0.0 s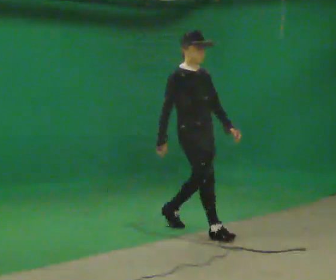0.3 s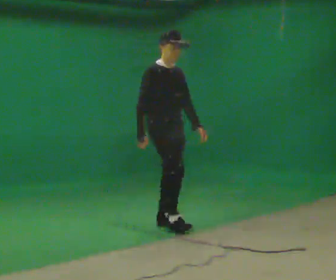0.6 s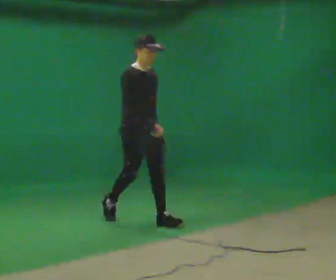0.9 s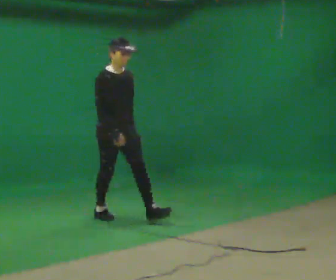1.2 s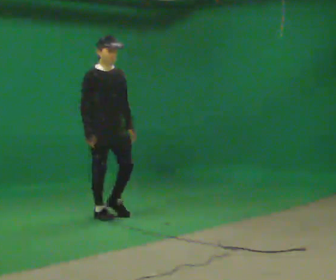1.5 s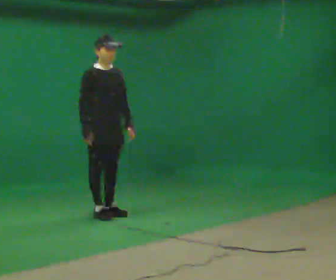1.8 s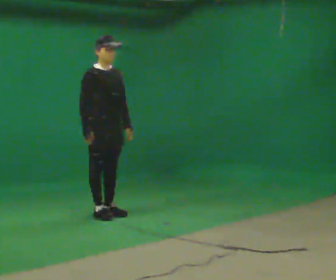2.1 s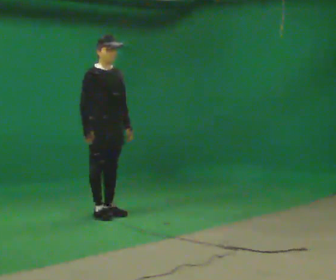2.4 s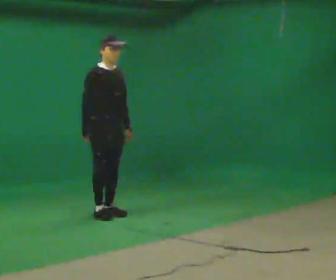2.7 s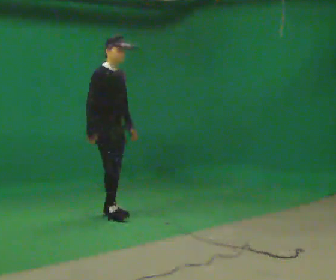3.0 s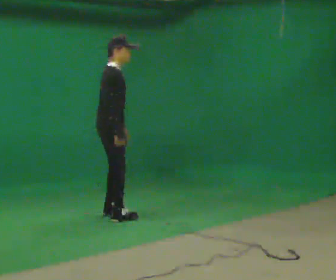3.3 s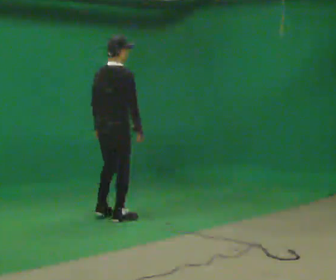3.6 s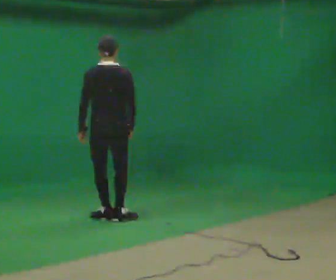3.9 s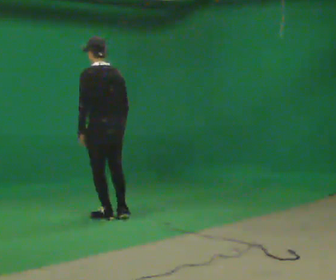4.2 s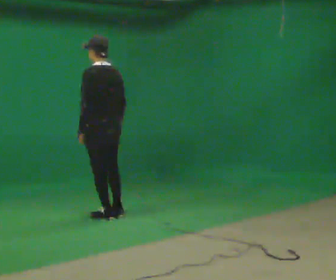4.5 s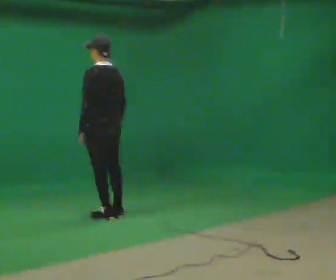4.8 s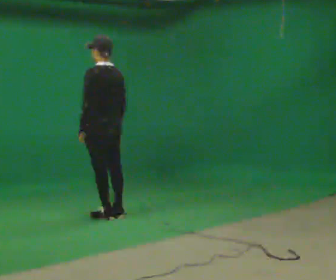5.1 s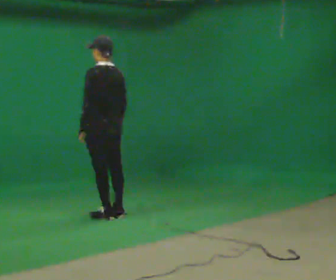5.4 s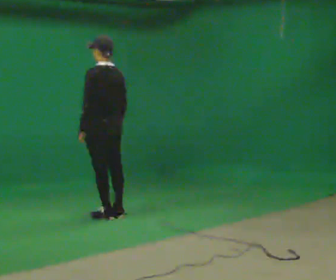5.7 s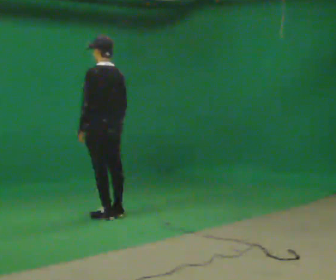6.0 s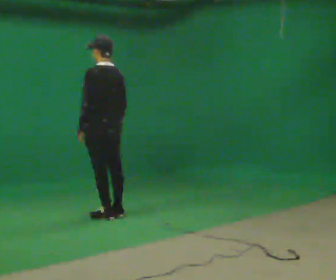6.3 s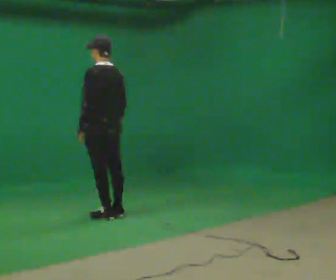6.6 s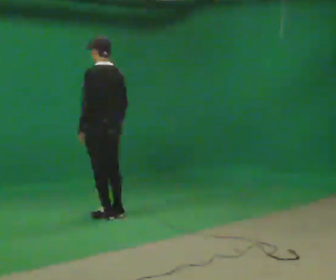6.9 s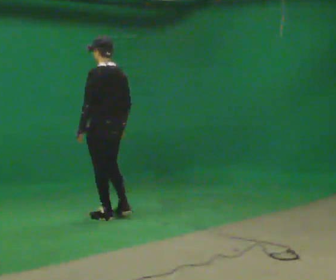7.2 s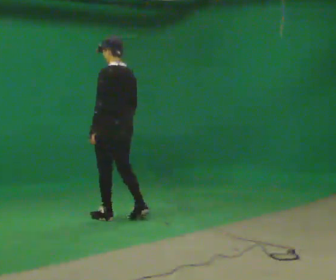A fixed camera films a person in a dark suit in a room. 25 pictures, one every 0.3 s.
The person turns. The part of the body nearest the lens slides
to the right.
The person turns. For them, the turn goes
to their left.
0.0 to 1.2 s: In the picture they go away from the camera and to the left, about 1 m in 2 steps, which for them is backward.
1.2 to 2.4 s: The person moves a little, or ends about where they began.
2.4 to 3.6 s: The part of the body nearest the lens slides to the right as the person turns to their left by about 135 degrees. In the picture they go toward the camera, about 0.25 m in 2 steps. In the picture their left hand goes to the left, the arm swinging clockwise.
3.6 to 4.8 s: Seen from above the body turns counterclockwise, about 45 degrees: to their left, with its near side sliding to the right.
4.8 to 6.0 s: The person keeps their place and pose.
6.0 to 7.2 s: The person moves a little, or ends about where they began.
The film runs backward here.
